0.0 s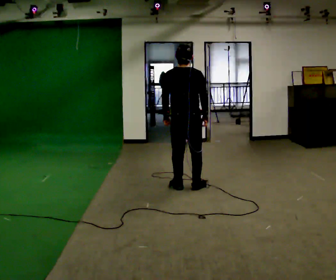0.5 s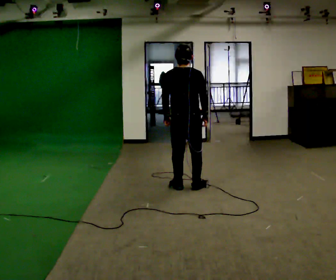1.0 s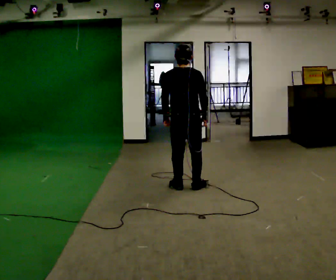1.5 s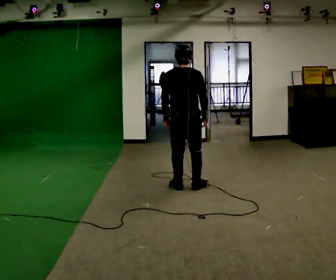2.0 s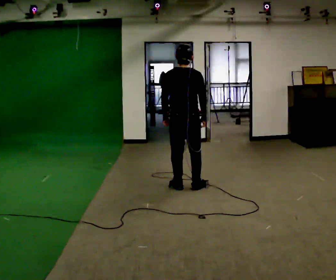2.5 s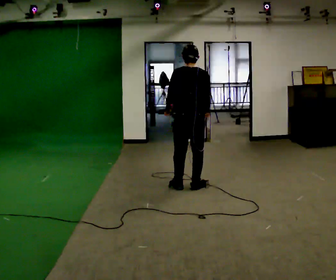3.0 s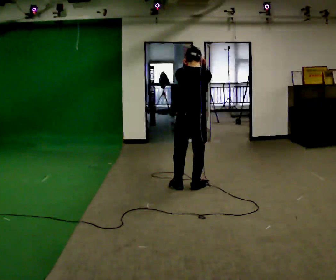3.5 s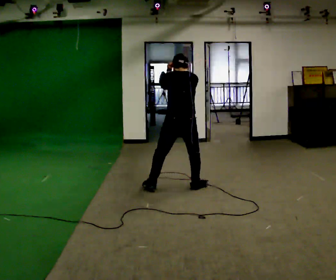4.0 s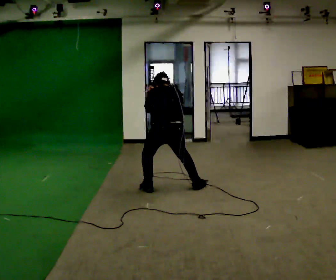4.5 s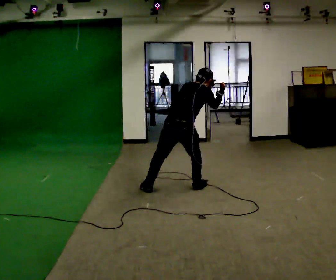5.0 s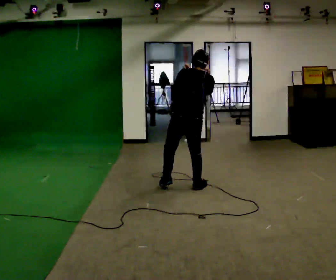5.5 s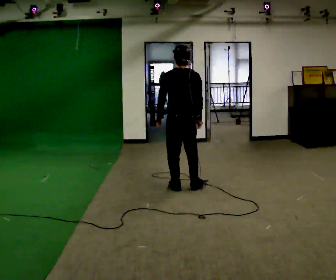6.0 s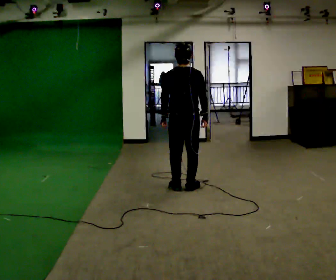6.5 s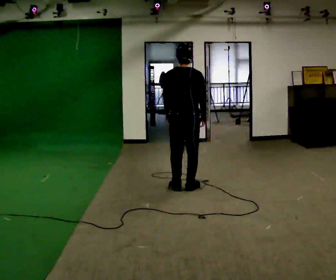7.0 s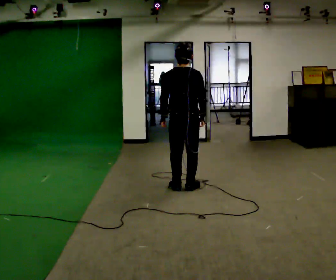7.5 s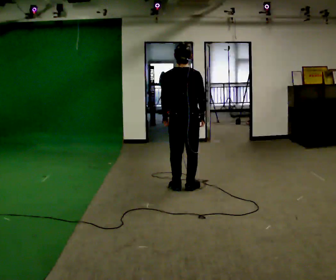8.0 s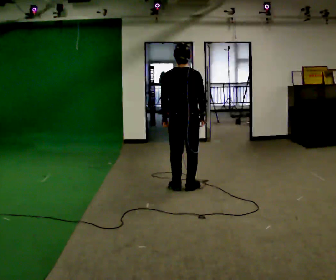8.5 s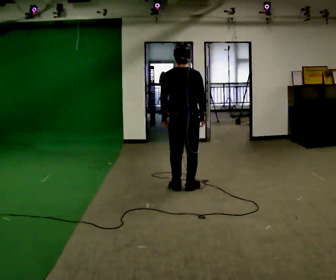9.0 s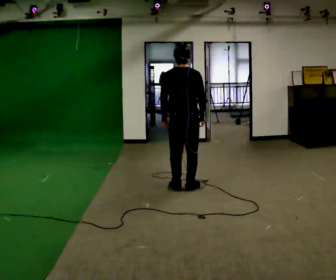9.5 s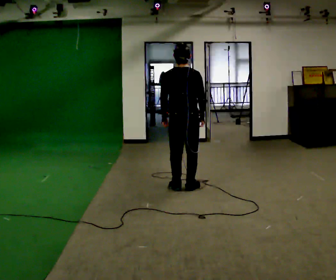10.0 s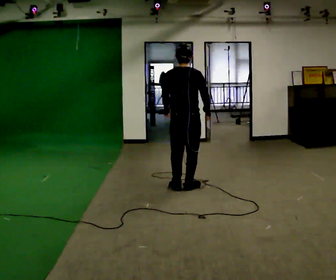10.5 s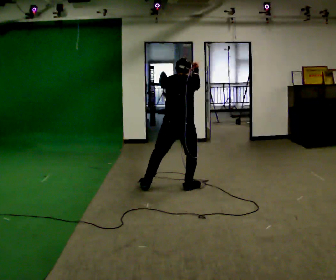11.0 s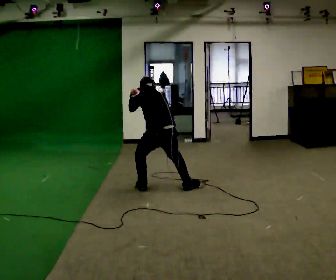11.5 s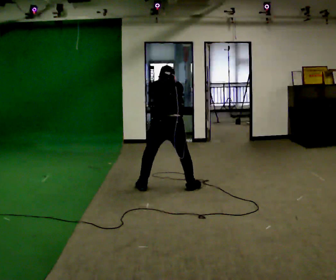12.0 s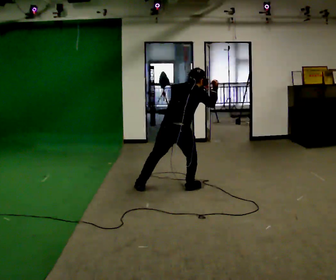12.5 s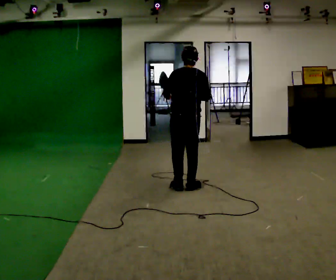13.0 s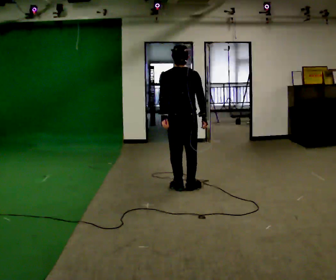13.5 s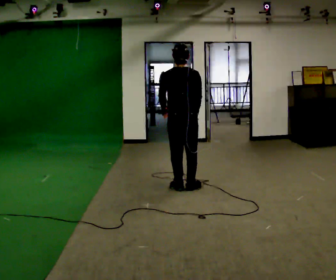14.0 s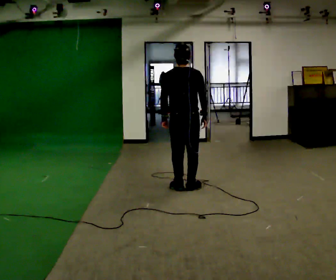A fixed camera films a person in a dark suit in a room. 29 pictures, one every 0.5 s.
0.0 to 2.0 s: The person keeps their place and pose.
2.0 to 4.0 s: In the picture they go toward the camera and to the left, about 0.25 m in 1 step, which for them is to their left and backward. The upper body tips away from the camera, its near side rolling upward, as they bend forward.
4.0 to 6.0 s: In the picture they go to the right, about 0.25 m in 1 step, which for them is to their right. The upper body tips toward the camera, its near side rolling downward, as they lean back or straighten. In the picture their right hand goes to the right.
6.0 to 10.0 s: The person moves a little, or ends about where they began.
10.0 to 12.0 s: In the picture their left hand goes to the right.
12.0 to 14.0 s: The shoulders move upward. In the picture the upper body tilts counterclockwise, shoulders to the left, as they lean back or straighten. In the picture their left hand goes to the left and downward.
The film runs forward here.
